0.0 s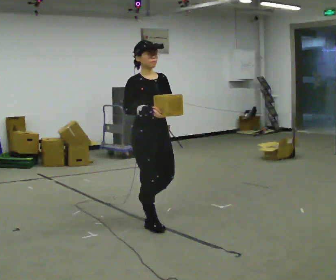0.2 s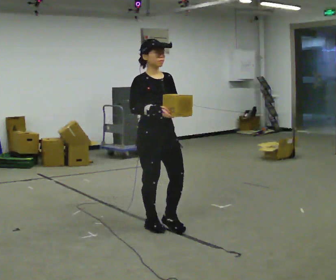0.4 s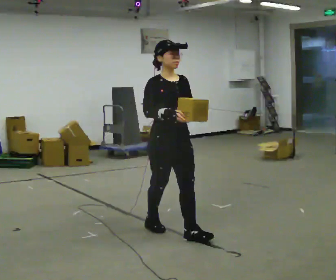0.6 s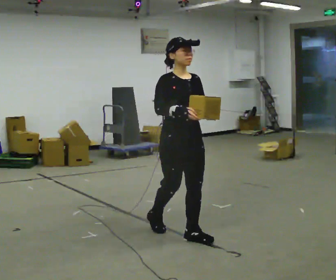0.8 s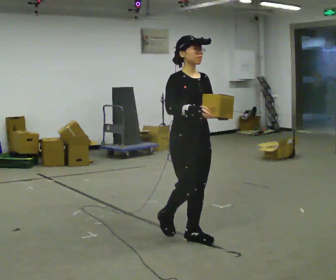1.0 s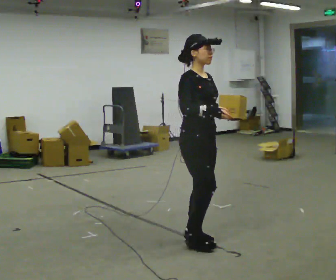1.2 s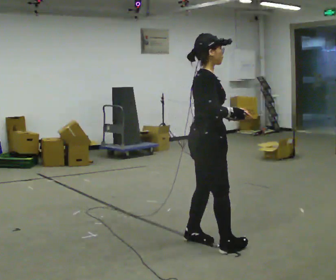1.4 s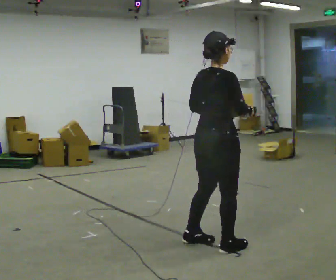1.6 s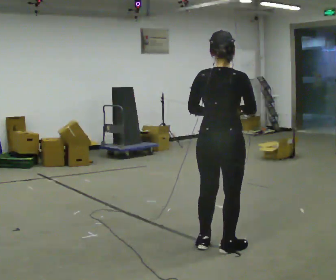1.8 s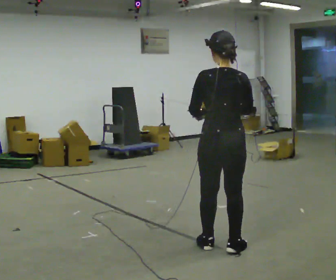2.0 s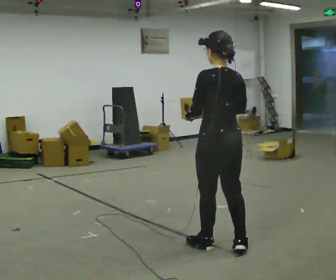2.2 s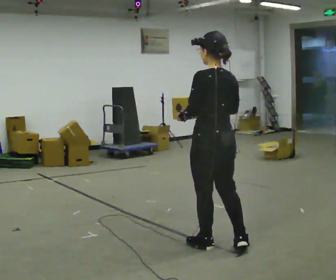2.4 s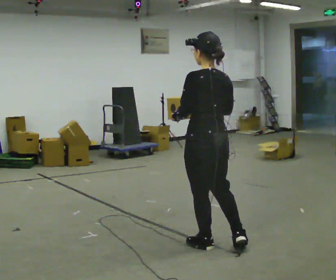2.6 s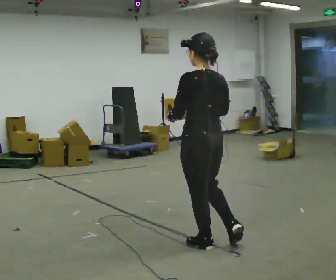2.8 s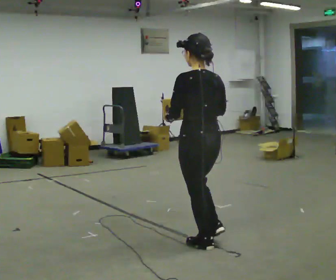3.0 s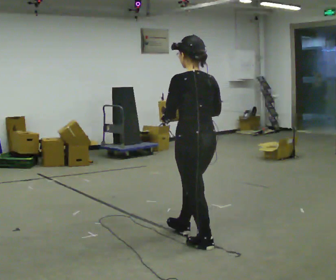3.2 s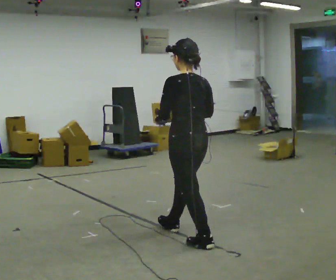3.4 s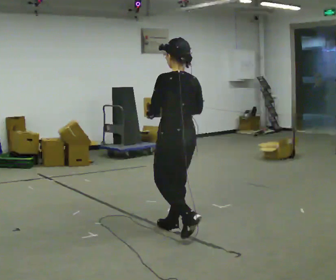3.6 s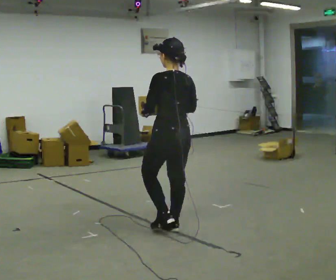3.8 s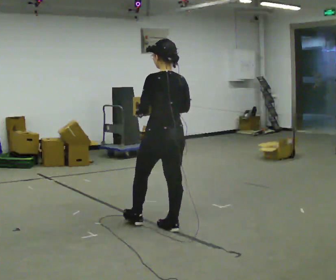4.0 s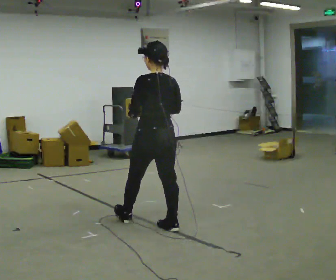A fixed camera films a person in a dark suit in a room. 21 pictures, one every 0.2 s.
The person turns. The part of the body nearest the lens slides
to the right.
The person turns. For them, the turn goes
to their left.
0.0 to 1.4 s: The person turns about 90 degrees to their left, counterclockwise seen from above, so the part of the body nearest the lens slides to the right. In the picture they go to the right and toward the camera, about 1 m in 2 steps.
1.4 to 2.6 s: The person turns about 90 degrees to their left, counterclockwise seen from above, so the part of the body nearest the lens slides to the right. In the picture their right hand goes to the left.
2.6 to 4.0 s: In the picture they go away from the camera and to the left, about 0.5 m in 2 steps, which for them is forward.
The film runs forward here.
